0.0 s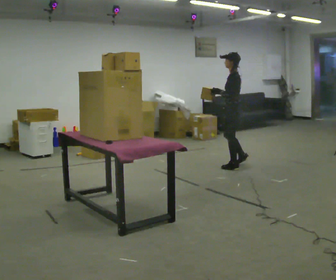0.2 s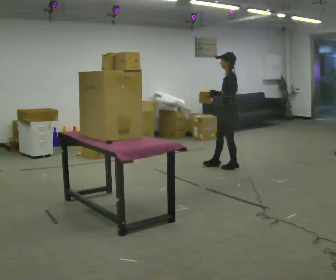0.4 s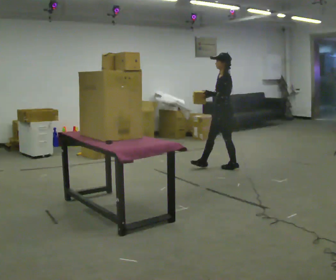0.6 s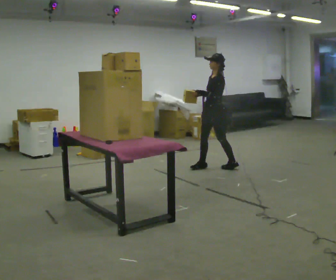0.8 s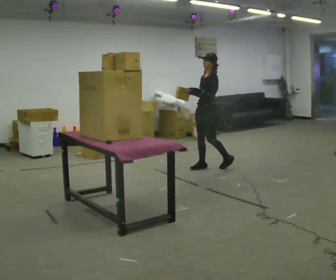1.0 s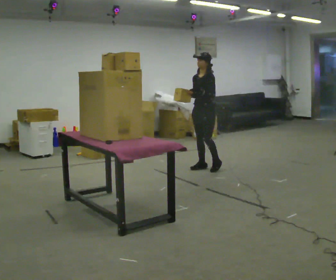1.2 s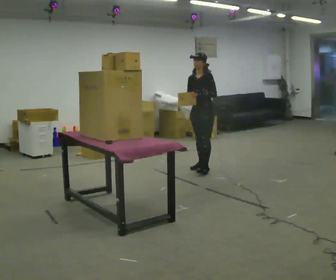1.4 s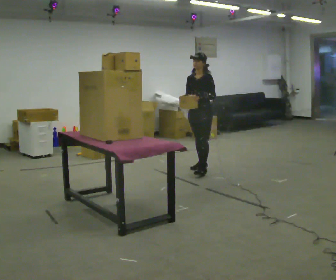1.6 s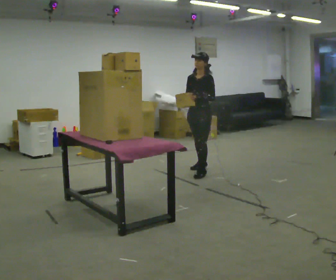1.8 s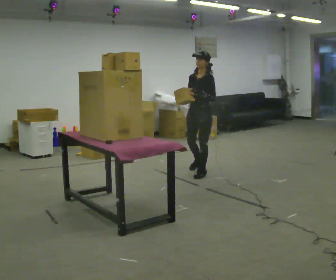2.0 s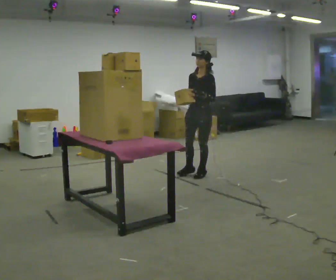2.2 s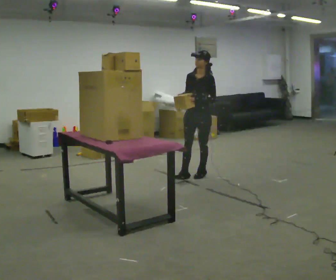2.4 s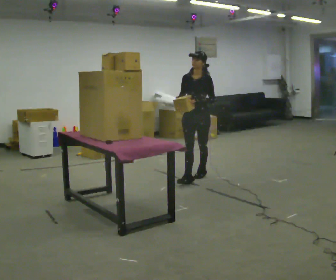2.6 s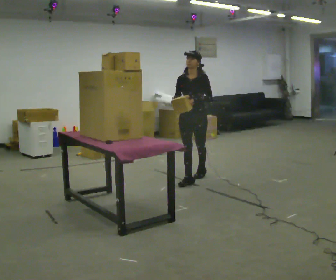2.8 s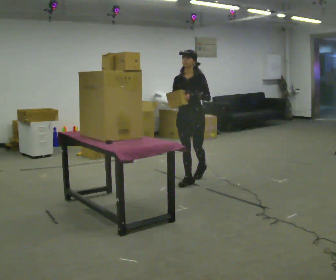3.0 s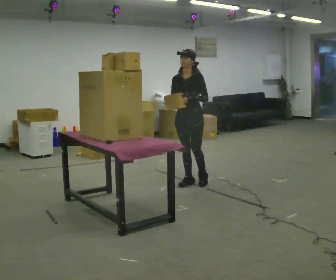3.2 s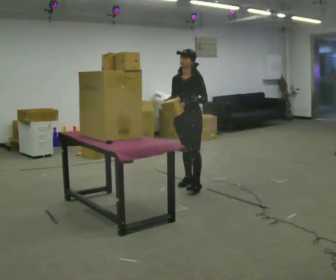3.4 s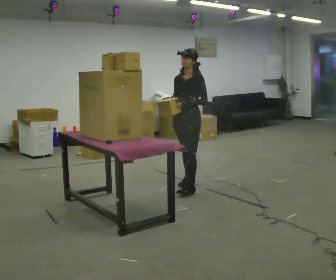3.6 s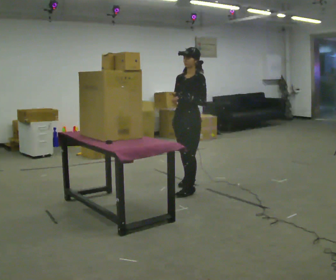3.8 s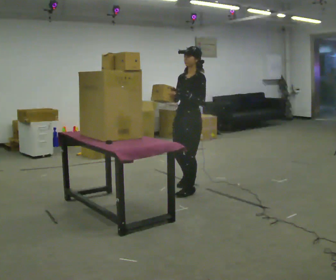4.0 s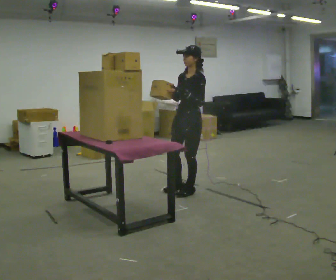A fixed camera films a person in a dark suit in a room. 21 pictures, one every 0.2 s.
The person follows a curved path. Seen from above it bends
counterclockwise.
The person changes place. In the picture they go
toward the camera.
0.0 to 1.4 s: Seen from above the body turns counterclockwise, about 75 degrees: to their left, with its near side sliding to the right. In the picture they go to the left, about 0.5 m in 2 steps.
1.4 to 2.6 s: In the picture they go toward the camera, about 0.5 m in 1 step, which for them is forward and to their left.
2.6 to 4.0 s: Seen from above the body turns clockwise, about 45 degrees: to their right, with its near side sliding to the left. In the picture they go toward the camera, about 0.5 m in 1 step, which for them is forward and to their left.
The film runs forward here.
